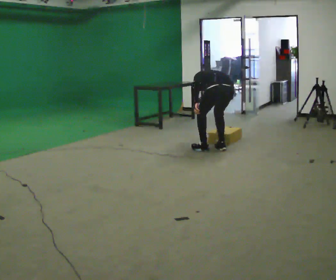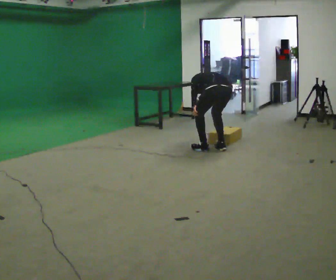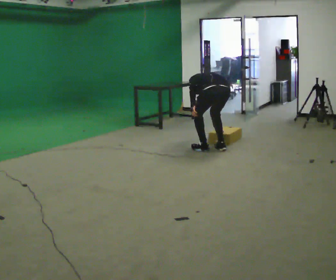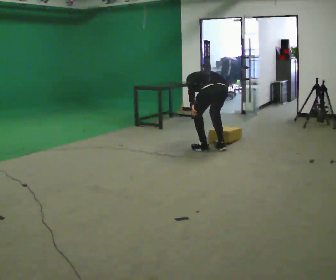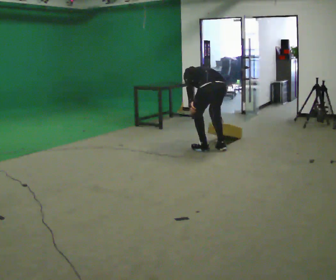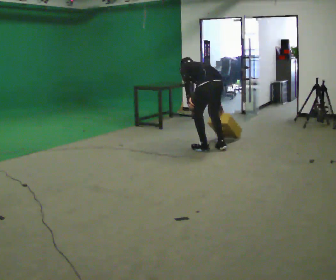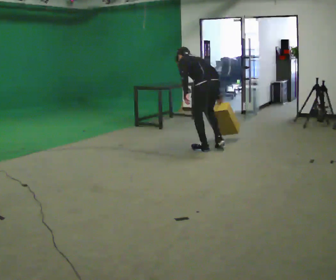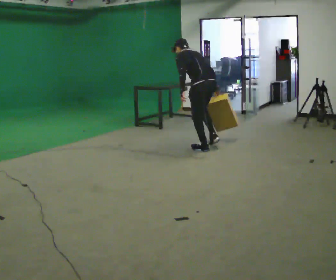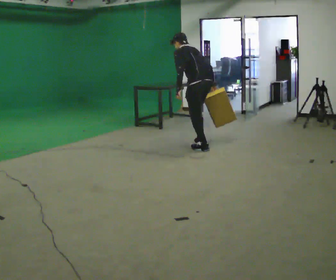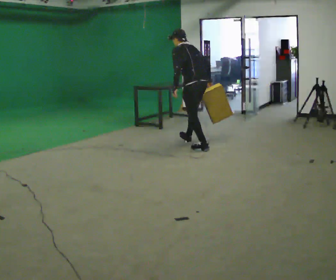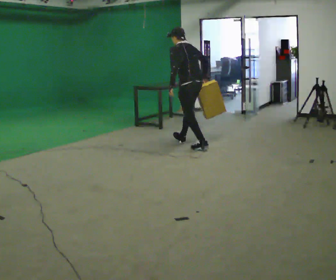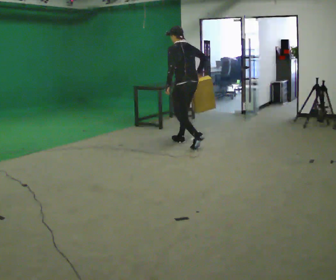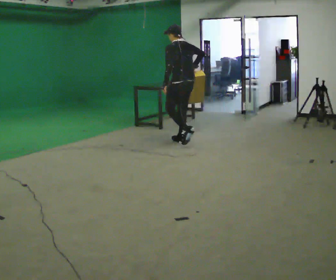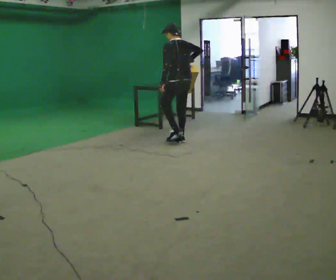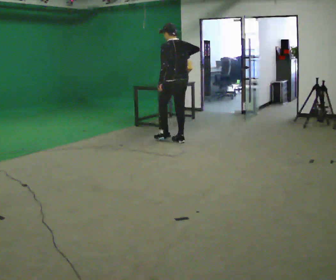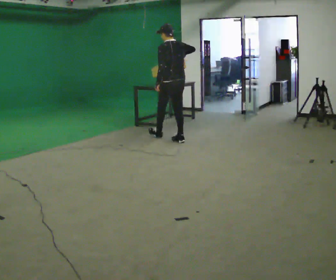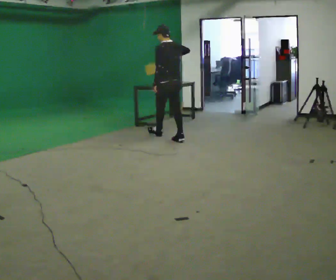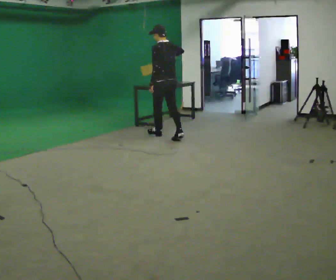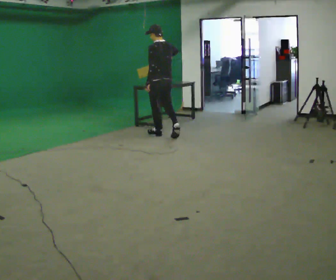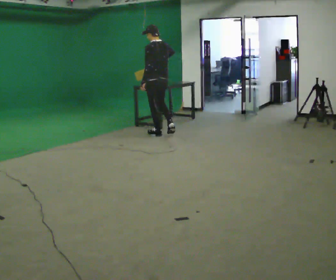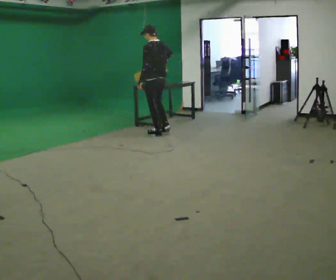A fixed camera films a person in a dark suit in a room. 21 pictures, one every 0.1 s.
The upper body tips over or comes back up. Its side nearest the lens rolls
downward.
The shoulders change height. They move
upward.
0.0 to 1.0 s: In the picture they go to the left and away from the camera, about 0.5 m in 1 step, which for them is forward. The upper body goes upward. The upper body tips toward the camera, its near side rolling downward, as they lean back or straighten.
1.0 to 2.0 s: In the picture they go away from the camera and to the left, about 1 m in 1 step, which for them is forward. The upper body tips toward the camera, its near side rolling downward, as they lean back or straighten.
The film runs forward here.
